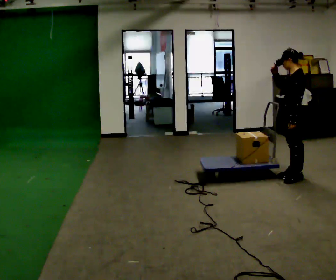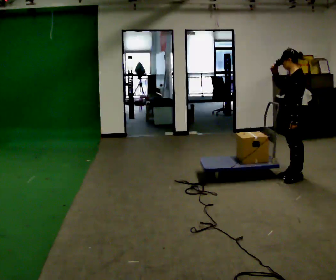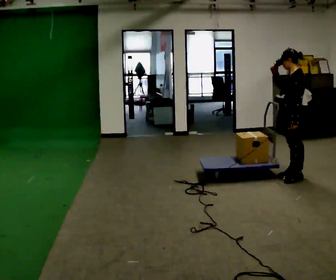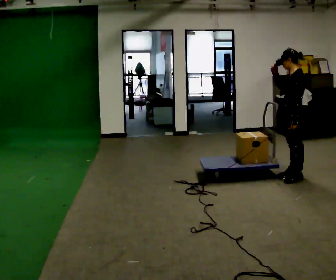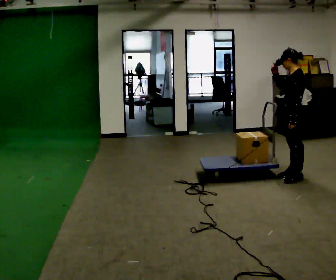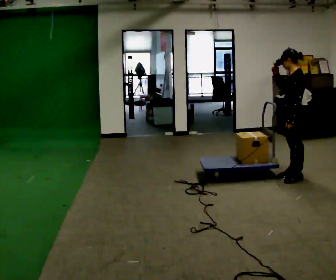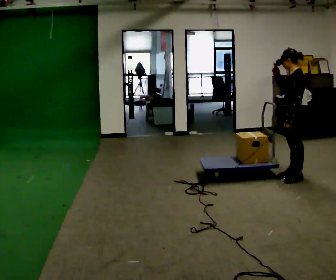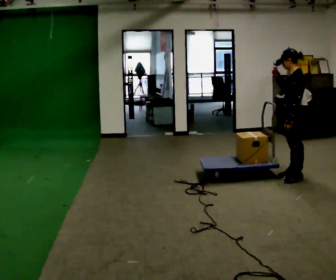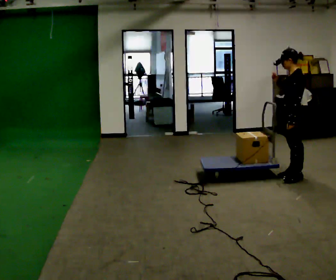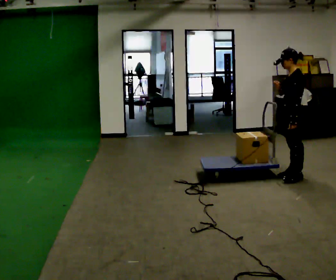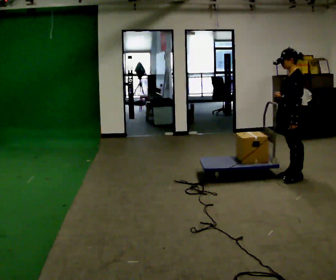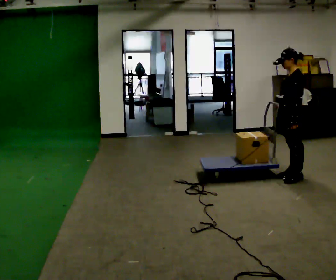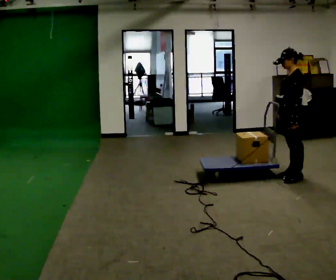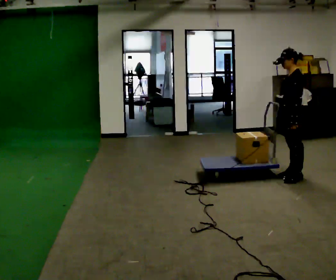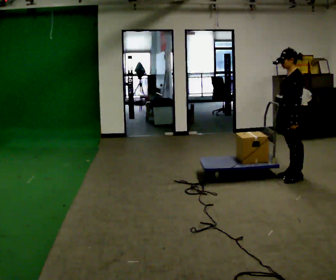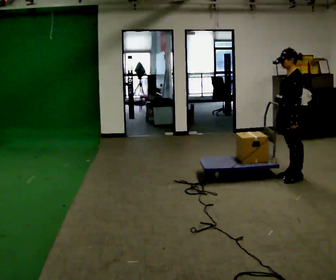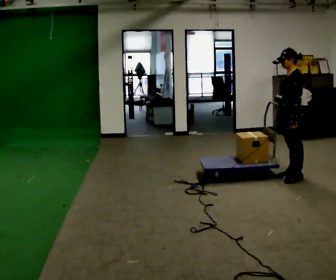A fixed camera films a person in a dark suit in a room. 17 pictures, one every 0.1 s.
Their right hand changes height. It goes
downward.
0.0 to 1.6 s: In the picture their right hand goes downward.
The film runs backward here.
